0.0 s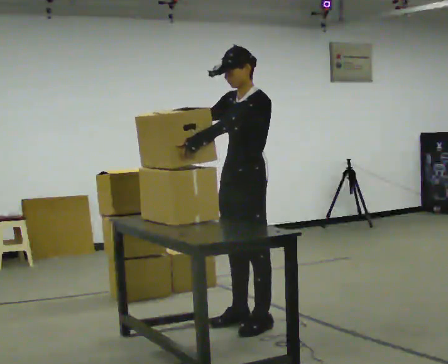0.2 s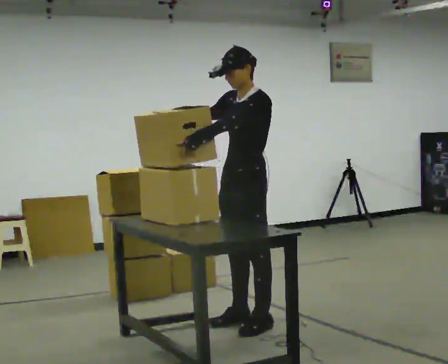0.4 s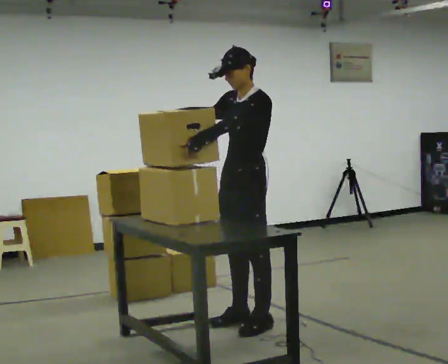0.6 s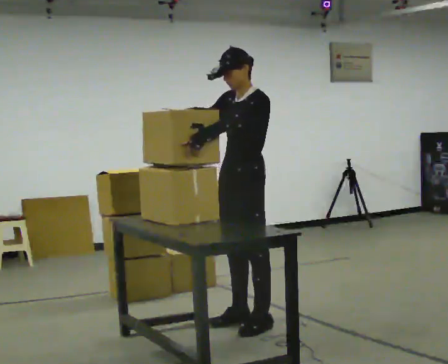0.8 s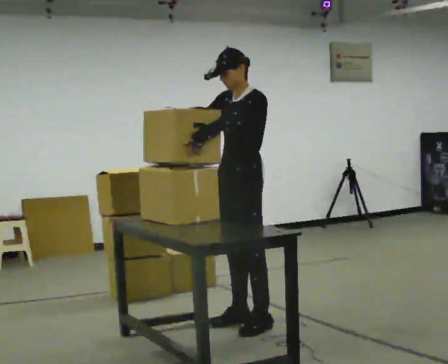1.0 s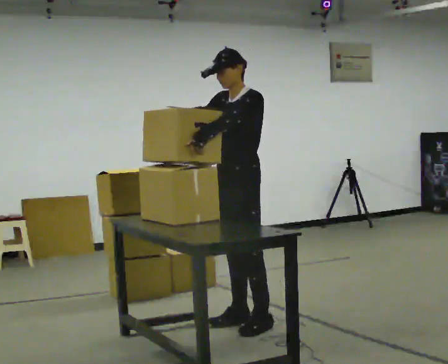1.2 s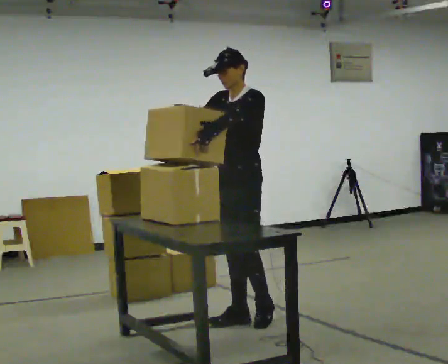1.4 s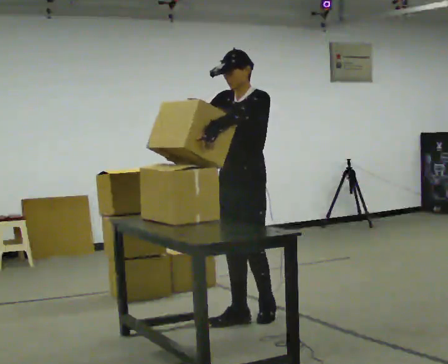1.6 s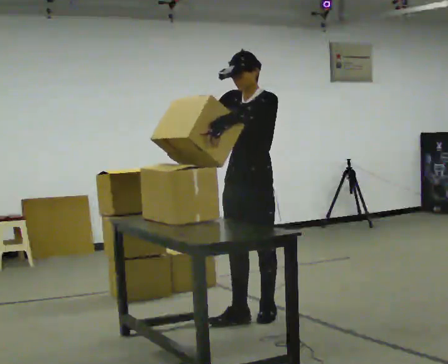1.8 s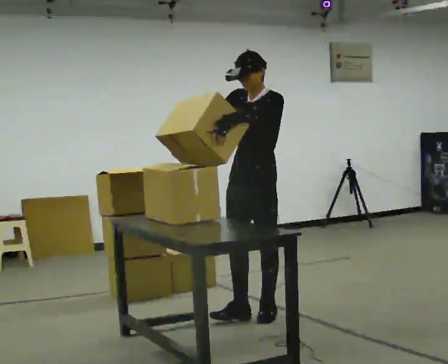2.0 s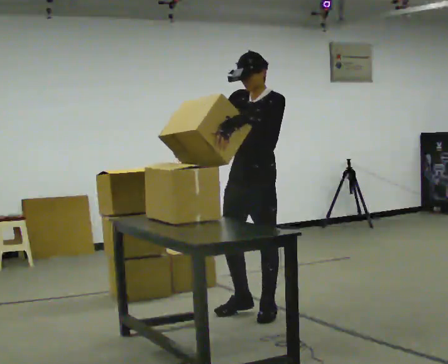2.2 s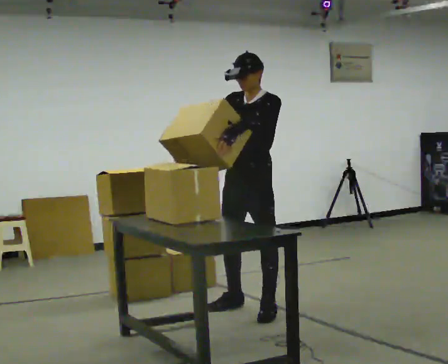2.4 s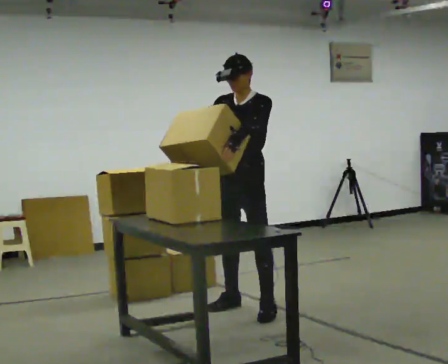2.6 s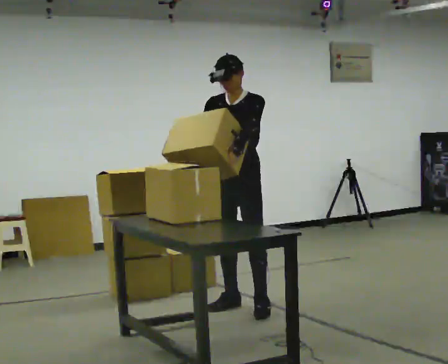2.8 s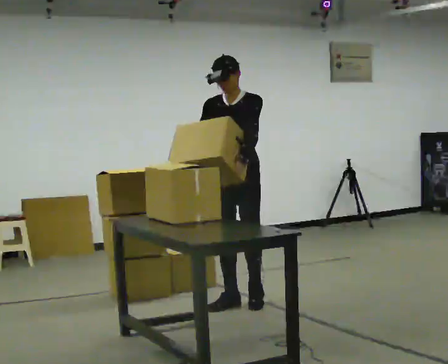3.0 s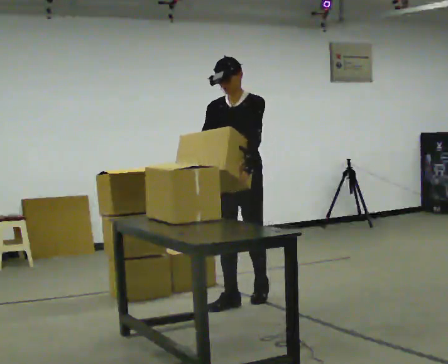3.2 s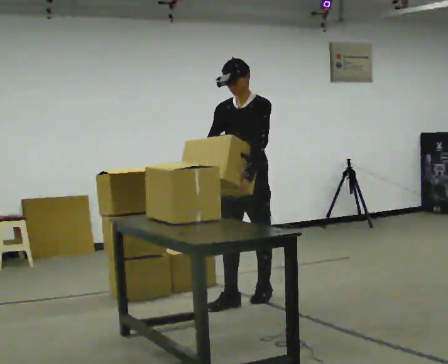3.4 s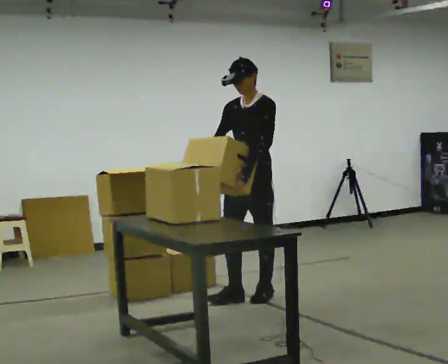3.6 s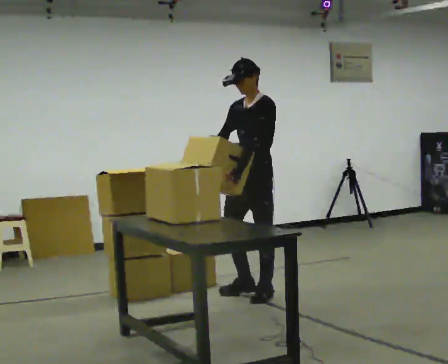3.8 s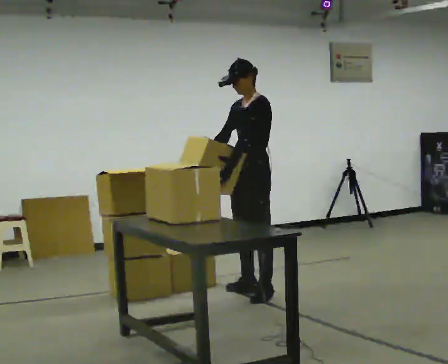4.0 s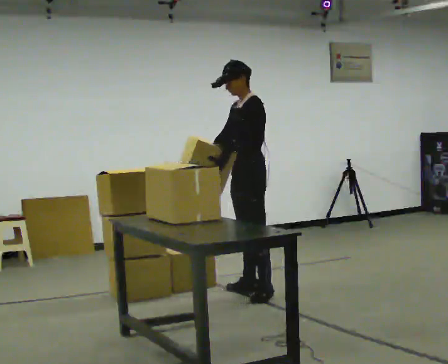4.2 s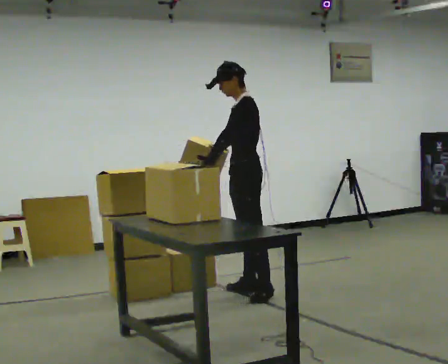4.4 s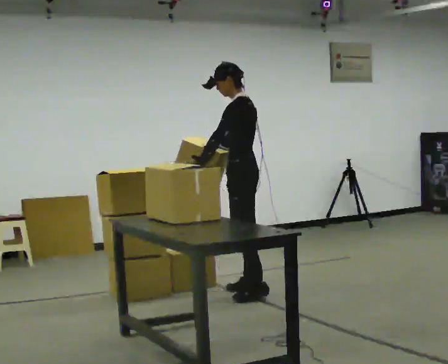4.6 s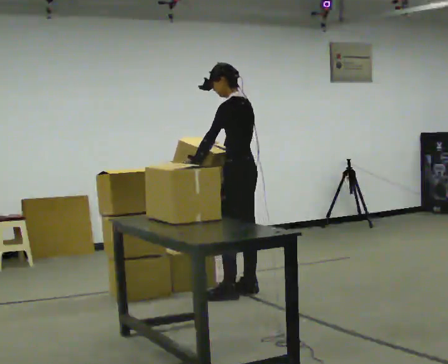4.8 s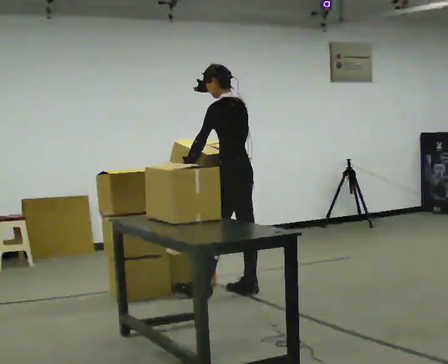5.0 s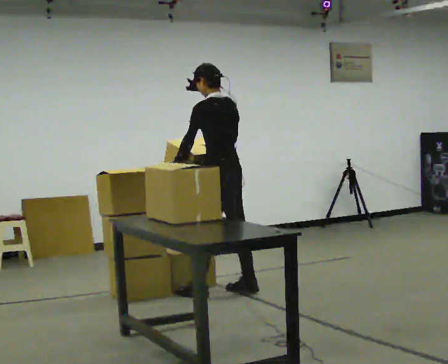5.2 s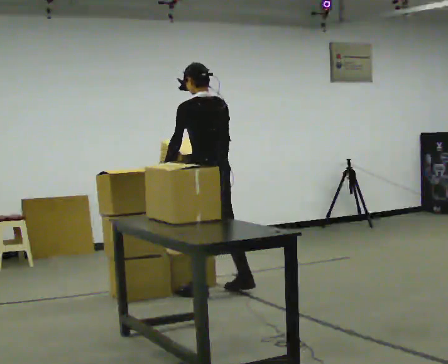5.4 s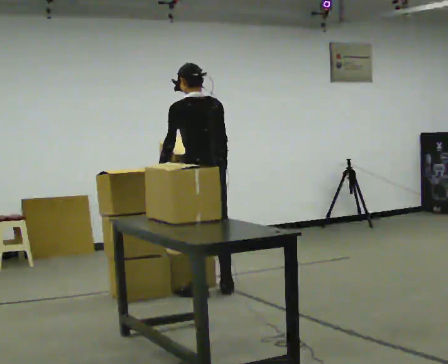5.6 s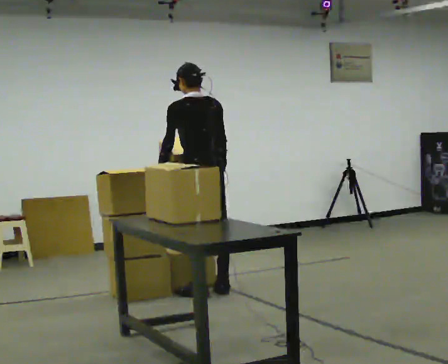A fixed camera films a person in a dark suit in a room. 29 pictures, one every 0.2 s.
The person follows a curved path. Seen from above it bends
counterclockwise.
The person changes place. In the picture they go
away from the camera.
0.0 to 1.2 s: The person moves a little, or ends about where they began.
1.2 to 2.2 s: In the picture they go away from the camera, about 0.25 m in 1 step, which for them is backward.
2.2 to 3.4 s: In the picture they go away from the camera, about 0.25 m in 2 steps, which for them is backward.
3.4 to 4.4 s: The person turns about 60 degrees to their right, clockwise seen from above, so the part of the body nearest the lens slides to the left. In the picture they go away from the camera, about 0.25 m in 1 step, which for them is to their right.
4.4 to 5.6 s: Seen from above the body turns clockwise, about 60 degrees: to their right, with its near side sliding to the left. In the picture they go to the left, about 0.25 m in 1 step, which for them is to their left and forward.
The film runs backward here.
